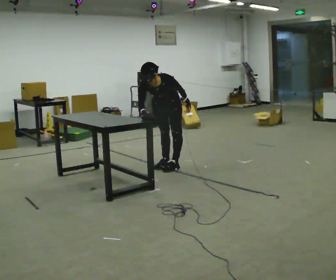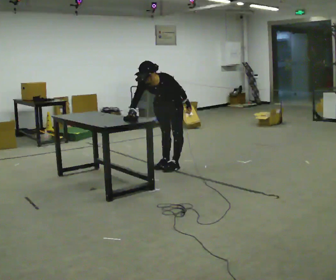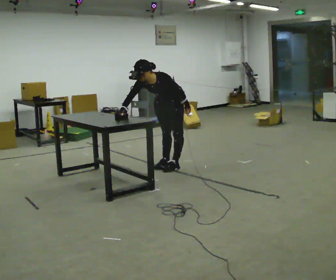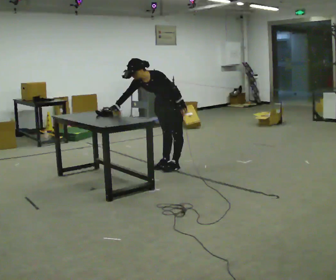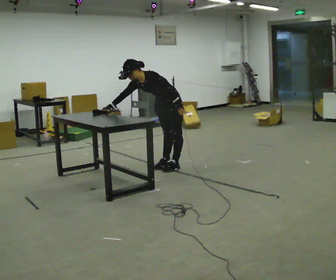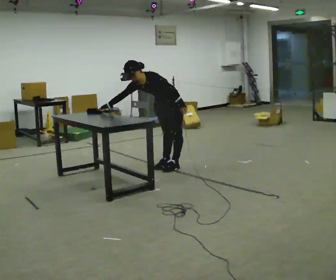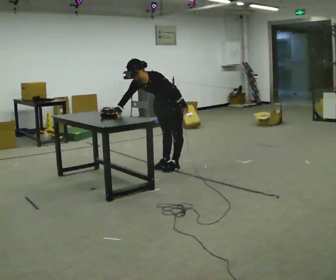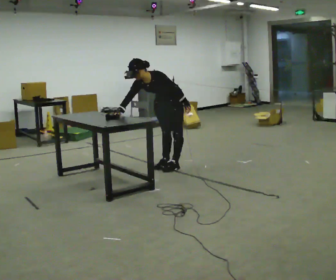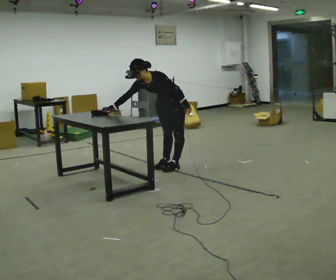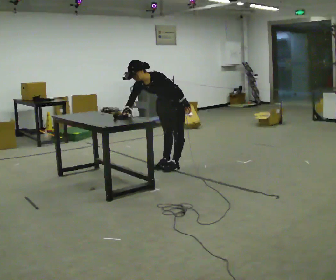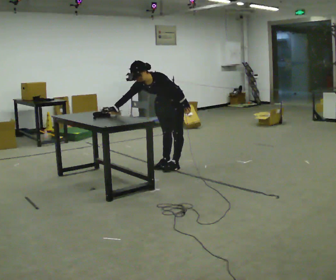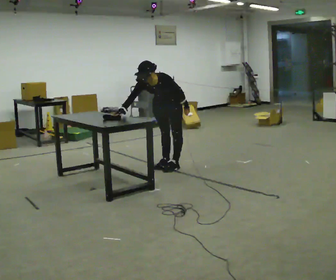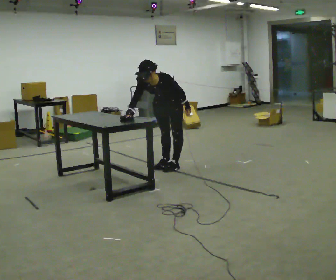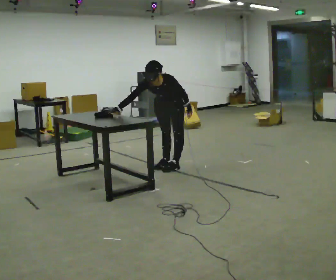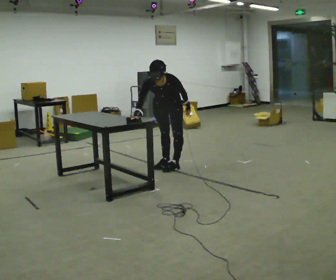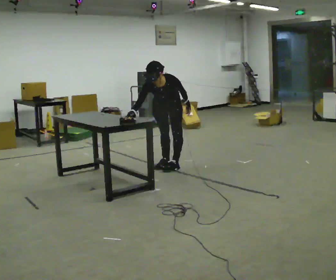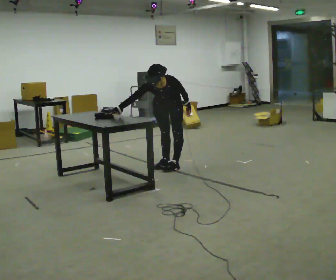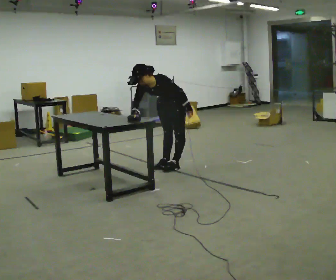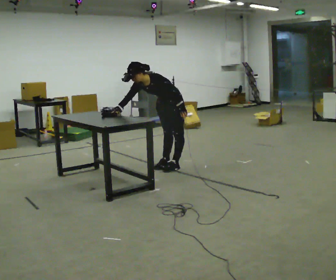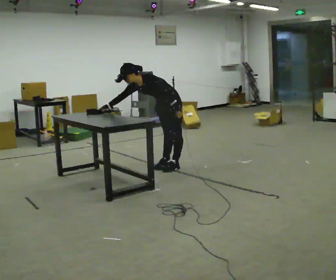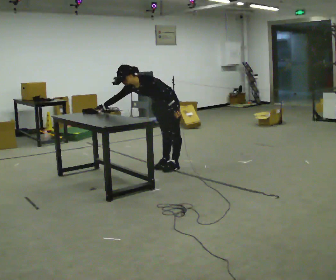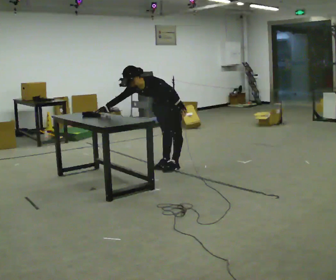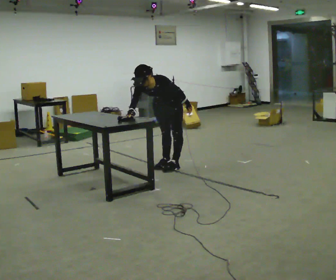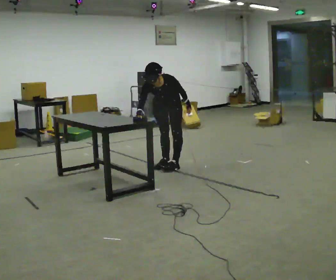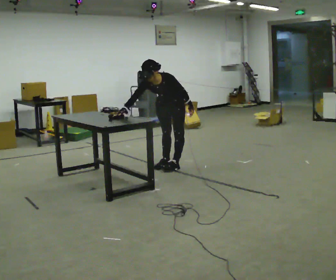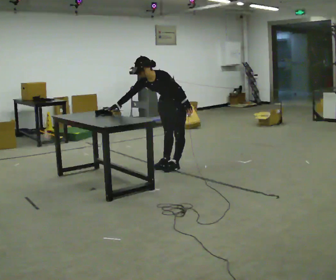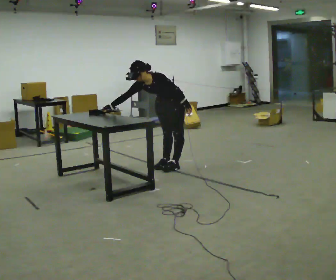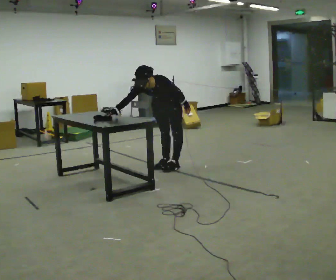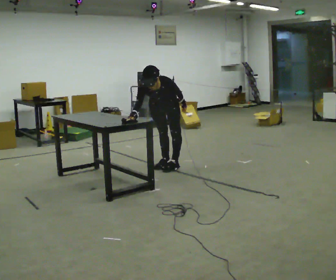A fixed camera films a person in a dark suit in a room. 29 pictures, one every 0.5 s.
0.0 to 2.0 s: The person turns about 30 degrees to their right, clockwise seen from above, so the part of the body nearest the lens slides to the left. The upper body tips away from the camera, its near side rolling upward. In the picture their right hand goes to the left.
2.0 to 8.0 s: The part of the body nearest the lens slides to the right as the person turns to their left by about 30 degrees.
8.0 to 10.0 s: The part of the body nearest the lens slides to the left as the person turns to their right by about 45 degrees. In the picture the upper body tilts counterclockwise, shoulders to the left.
10.0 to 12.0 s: The person turns about 30 degrees to their left, counterclockwise seen from above, so the part of the body nearest the lens slides to the right. In the picture their right hand goes to the right.
12.0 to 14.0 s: The person moves a little, or ends about where they began.
The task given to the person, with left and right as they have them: Wipe the whole surface of the table in front of you with the cloth. Repeat at your own pace until the operator says stop. Keep both feet on the marked spots for the whole take. If you have to step, stop and tell the operator.
The film runs forward here.
